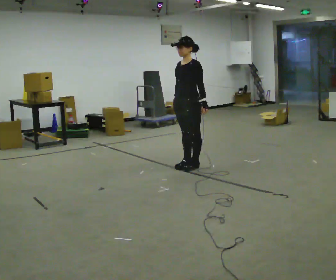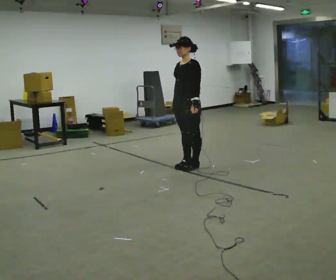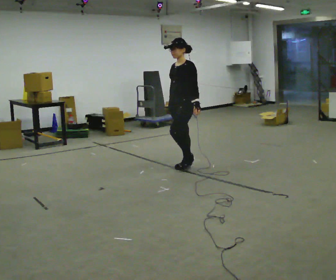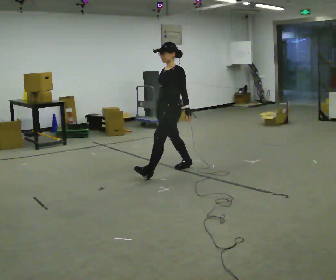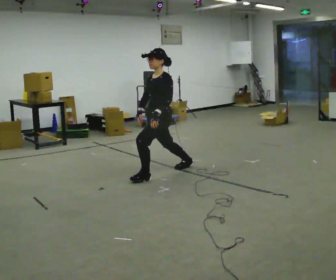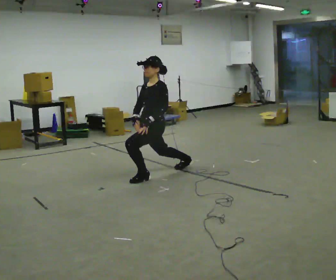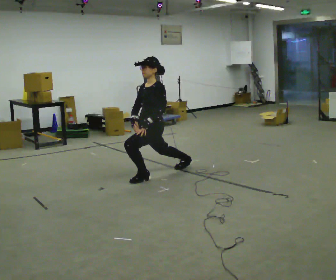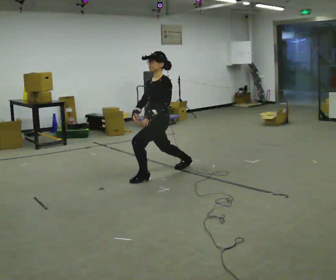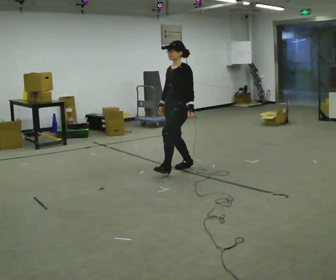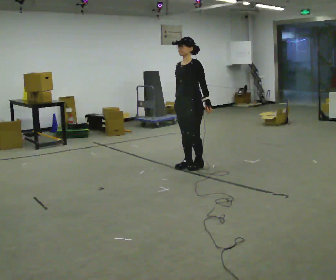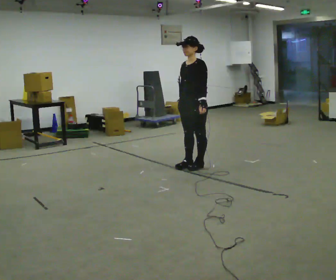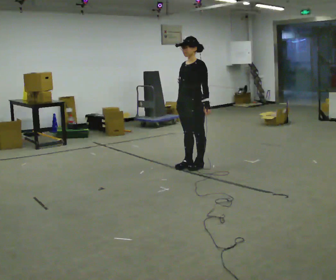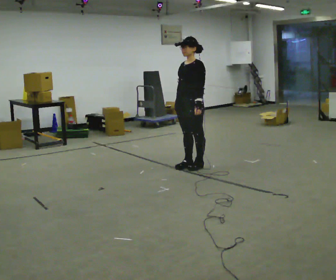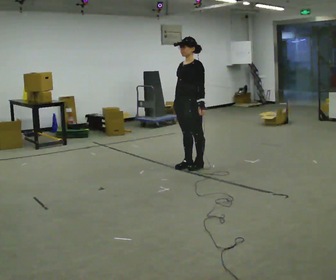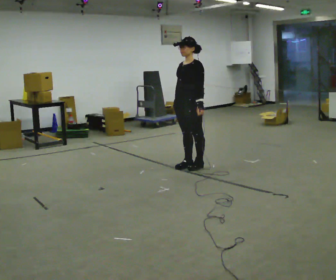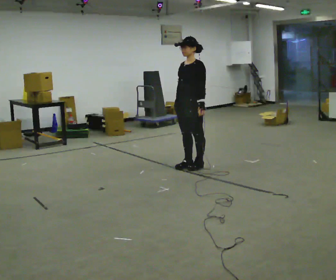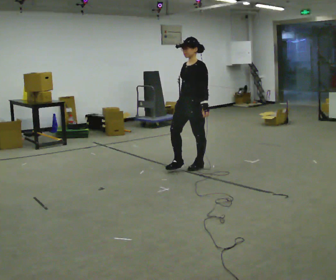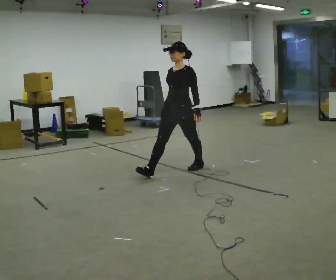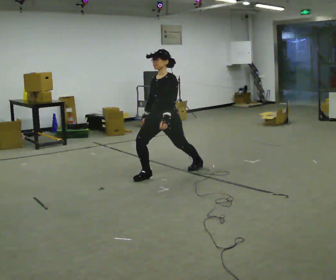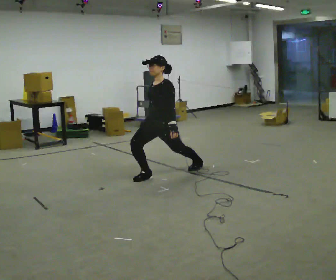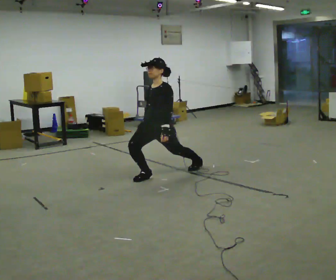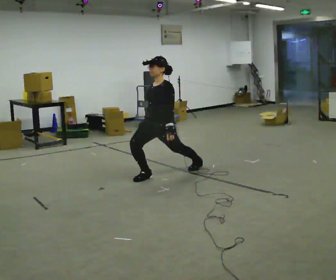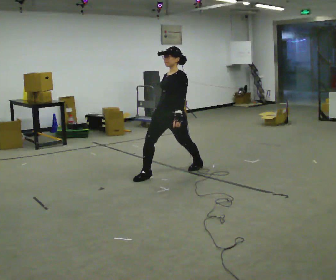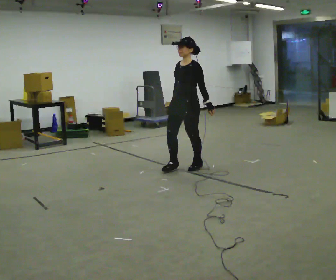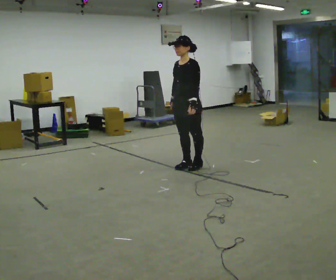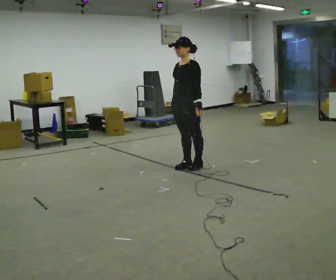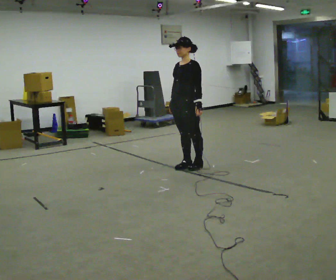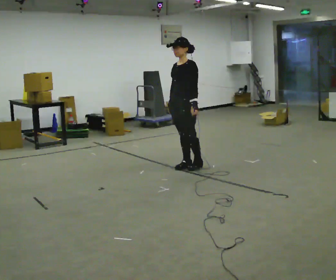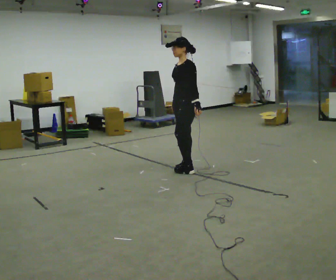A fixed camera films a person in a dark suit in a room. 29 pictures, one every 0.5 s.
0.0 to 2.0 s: In the picture they go to the left and toward the camera, about 0.5 m in 1 step, which for them is forward.
2.0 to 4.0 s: In the picture they go to the right and away from the camera, about 0.25 m, which for them is backward.
4.0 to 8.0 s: In the picture they go to the right, about 0.25 m in 1 step, which for them is backward.
8.0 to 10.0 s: In the picture they go to the left and toward the camera, about 0.5 m in 1 step, which for them is forward. The upper body goes downward.
10.0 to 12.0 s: In the picture they go to the right and away from the camera, about 0.5 m in 1 step, which for them is backward. The shoulders move upward.
12.0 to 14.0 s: The person moves a little, or ends about where they began.
The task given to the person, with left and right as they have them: Step forward into a lunge on the leg the operator calls, lowering your back knee toward the floor, then push back to standing. Then do the same stepping backward instead. Repeat the movement at your own pace until the operator says stop; do not rush.
The film runs forward here.
